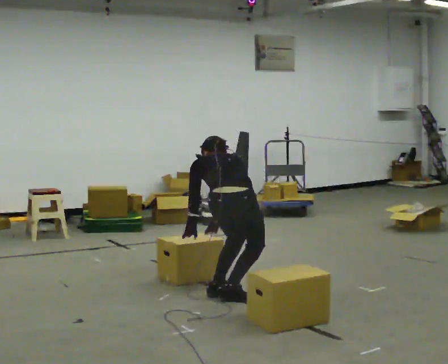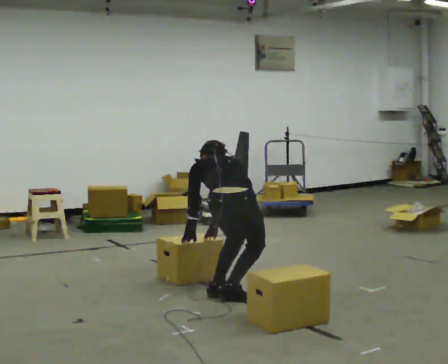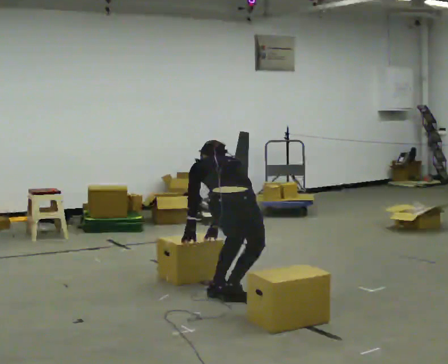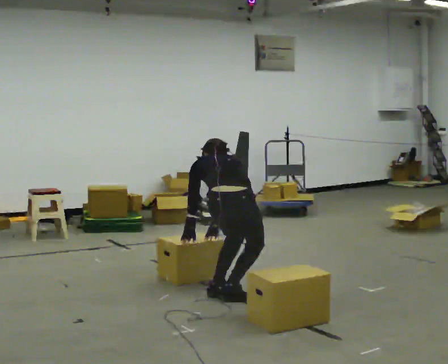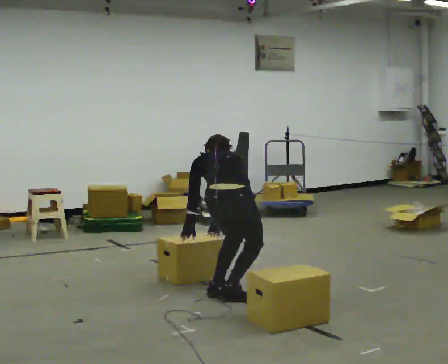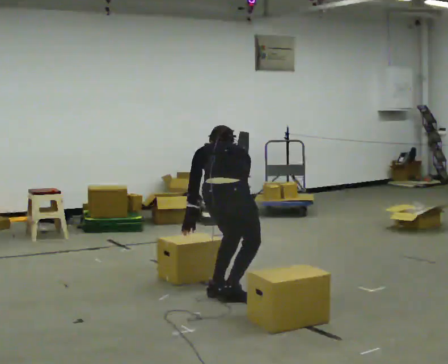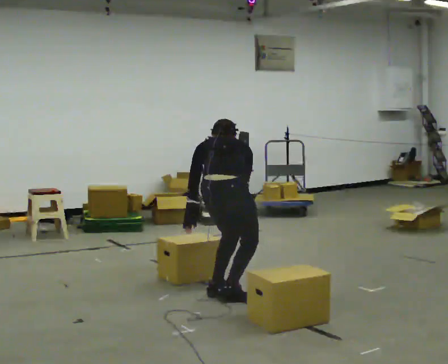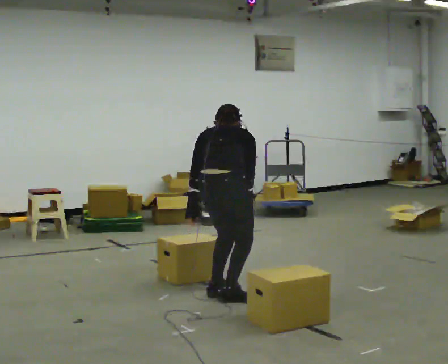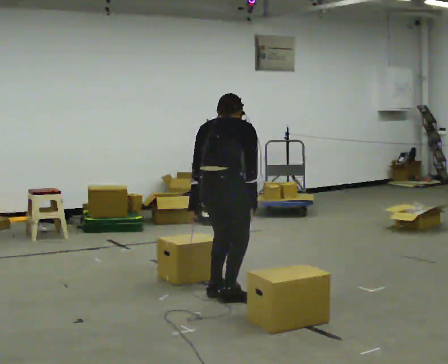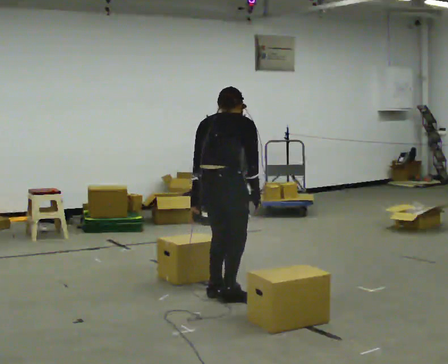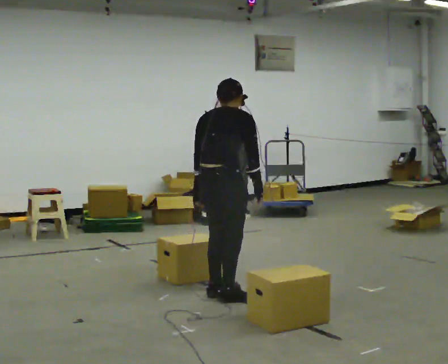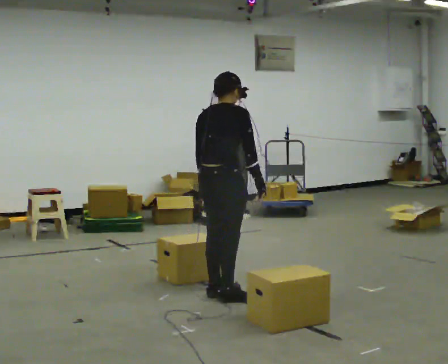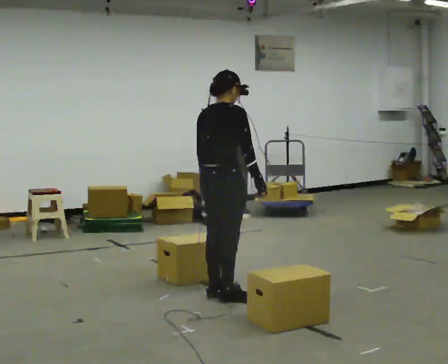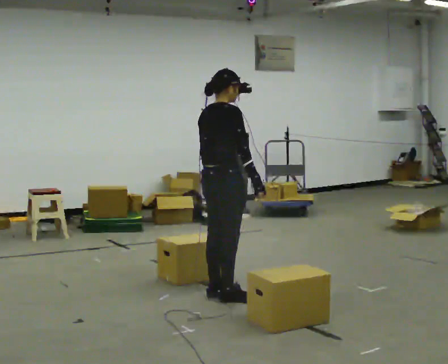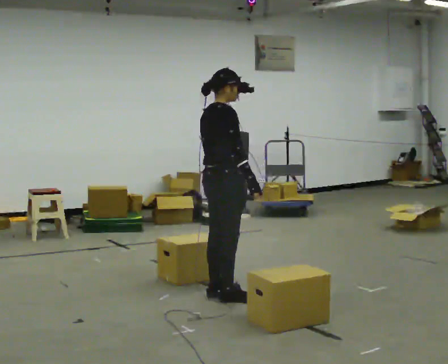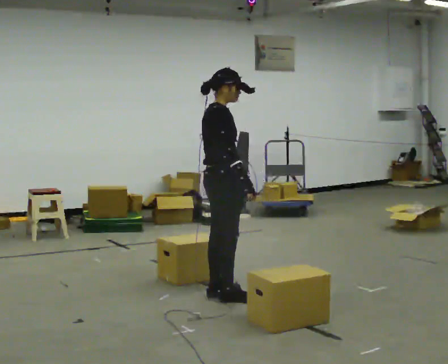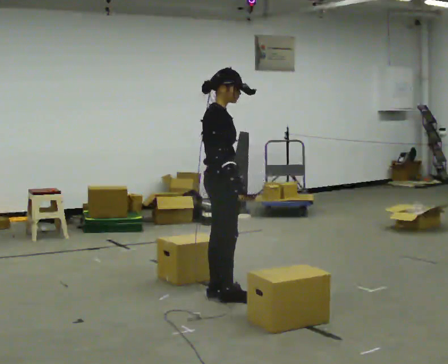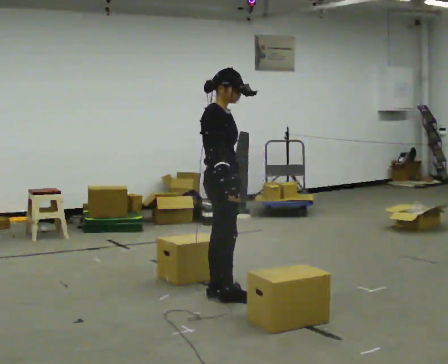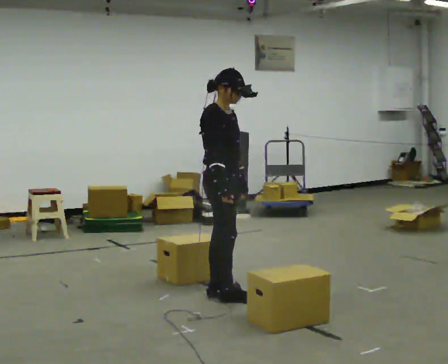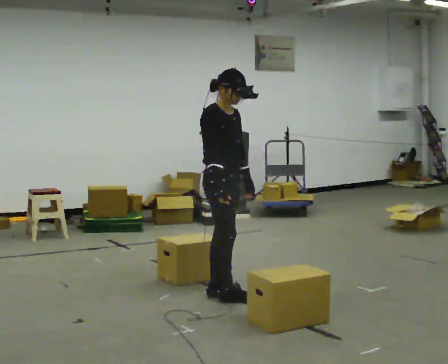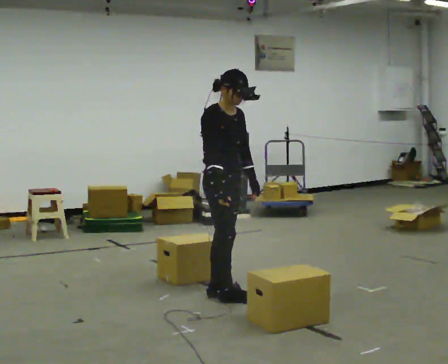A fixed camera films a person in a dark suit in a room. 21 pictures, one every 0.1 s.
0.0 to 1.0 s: The part of the body nearest the lens slides to the left as the person turns to their right by about 45 degrees. The shoulders move upward. In the picture the upper body tilts clockwise, shoulders to the right, as they lean back or straighten. In the picture their right hand goes to the right and upward, the arm swinging counterclockwise.
1.0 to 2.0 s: The person turns about 75 degrees to their right, clockwise seen from above, so the part of the body nearest the lens slides to the left. The upper body tips toward the camera, its near side rolling downward. In the picture their left hand goes to the right, the arm swinging counterclockwise.
The film runs forward here.
